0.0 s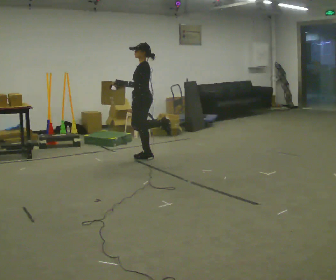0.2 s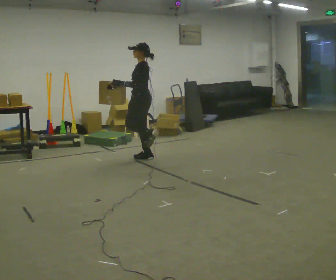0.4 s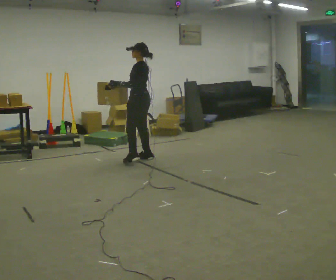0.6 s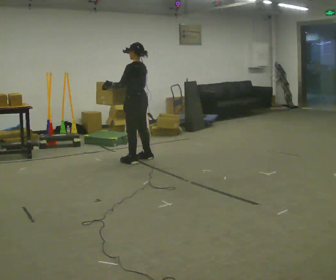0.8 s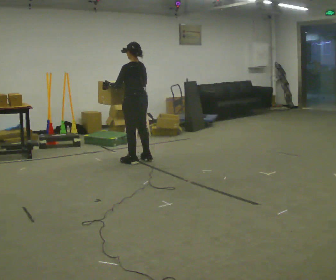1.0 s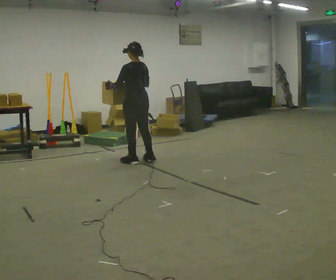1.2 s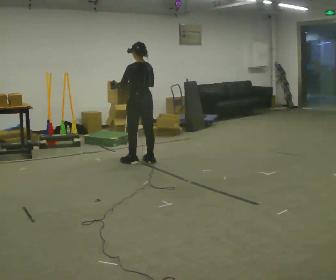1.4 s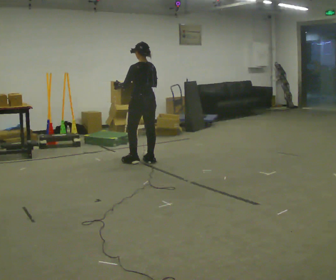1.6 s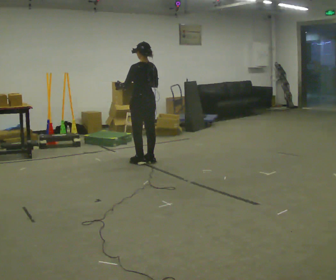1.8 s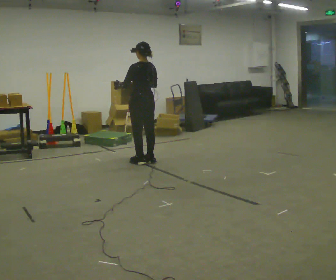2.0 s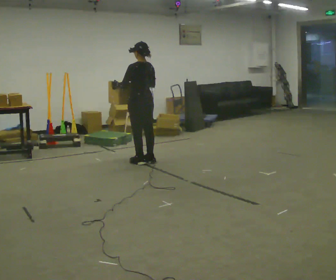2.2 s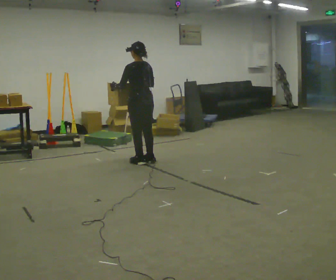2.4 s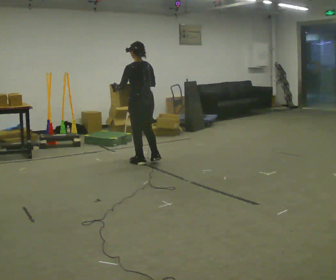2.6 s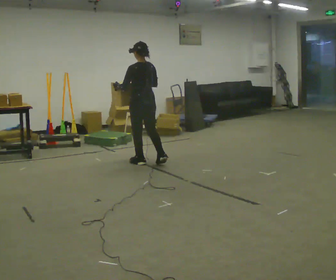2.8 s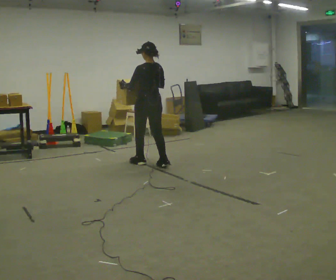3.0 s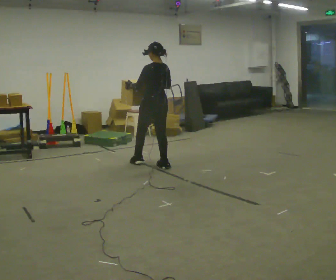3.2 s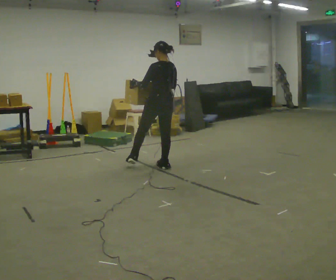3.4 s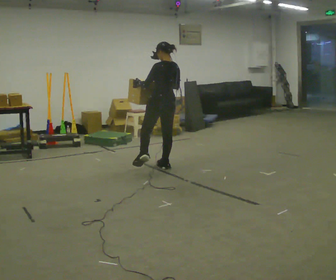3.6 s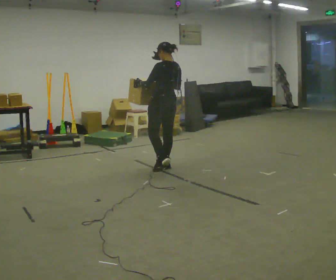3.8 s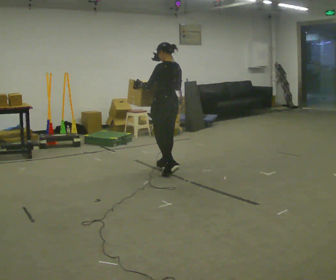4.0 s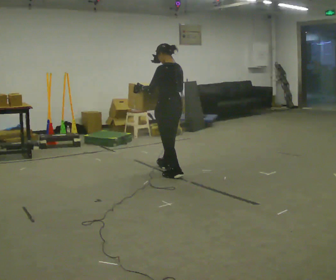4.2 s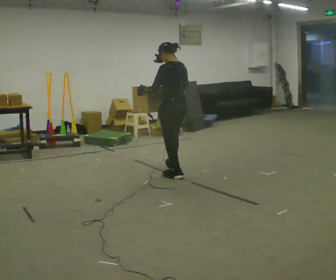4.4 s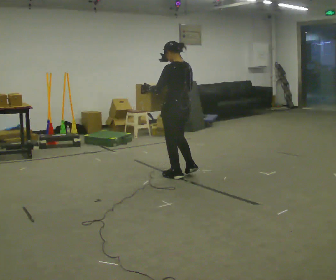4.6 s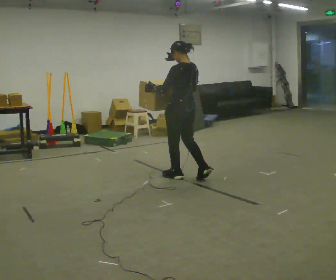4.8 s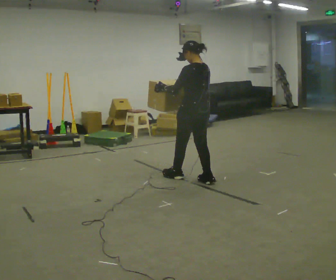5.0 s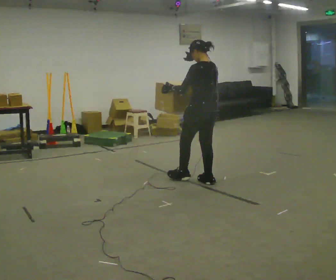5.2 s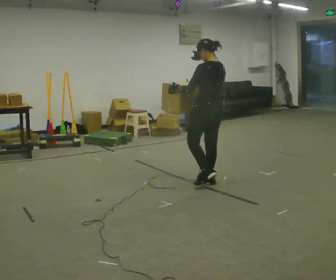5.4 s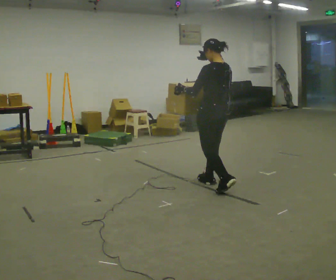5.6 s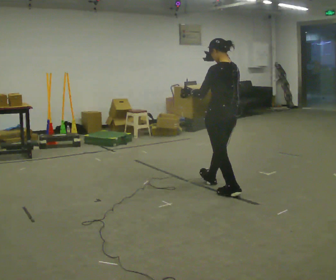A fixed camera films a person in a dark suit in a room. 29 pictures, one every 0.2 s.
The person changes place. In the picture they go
toward the camera.
0.0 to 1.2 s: The person turns about 60 degrees to their right, clockwise seen from above, so the part of the body nearest the lens slides to the left.
1.2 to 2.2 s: The person moves a little, or ends about where they began.
2.2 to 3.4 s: In the picture they go to the right and toward the camera, about 0.25 m in 1 step, which for them is backward and to their right.
3.4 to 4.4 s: In the picture they go toward the camera, about 0.5 m in 1 step, which for them is backward.
4.4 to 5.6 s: In the picture they go toward the camera and to the right, about 0.5 m in 2 steps, which for them is backward.
The film runs forward here.
